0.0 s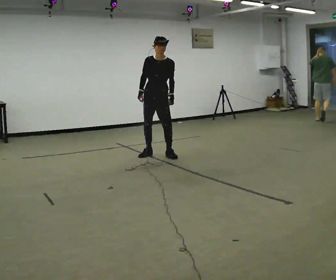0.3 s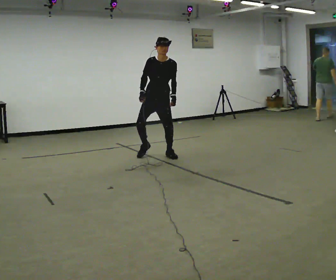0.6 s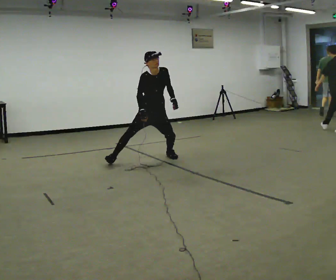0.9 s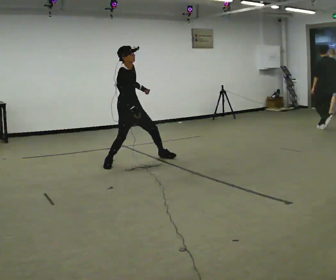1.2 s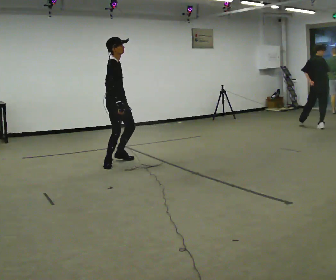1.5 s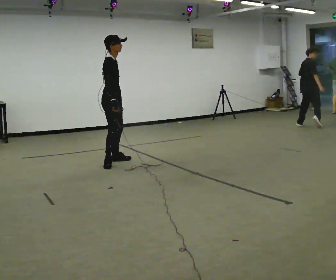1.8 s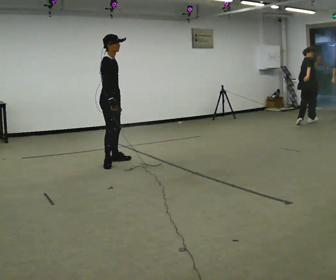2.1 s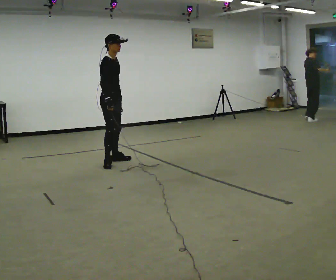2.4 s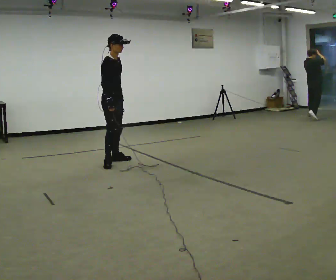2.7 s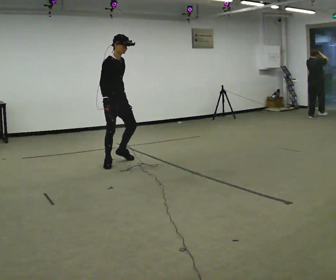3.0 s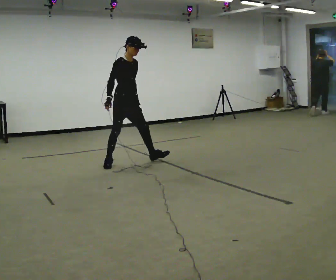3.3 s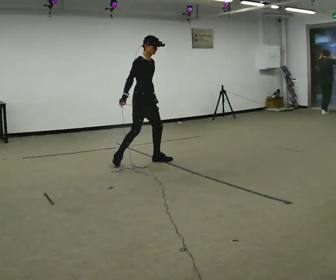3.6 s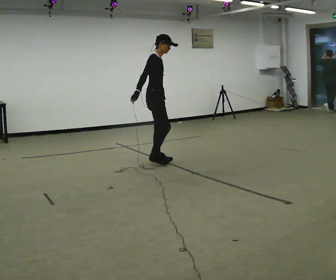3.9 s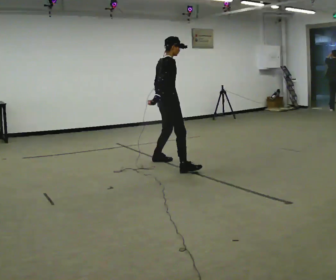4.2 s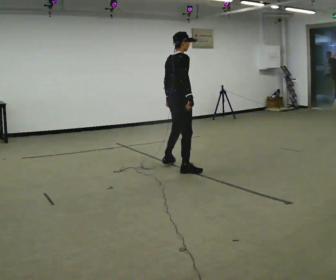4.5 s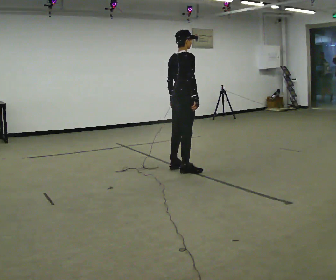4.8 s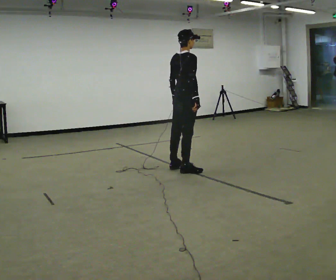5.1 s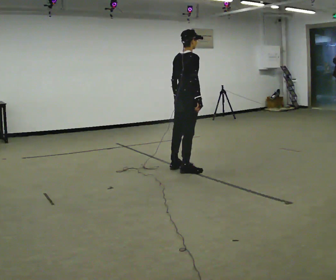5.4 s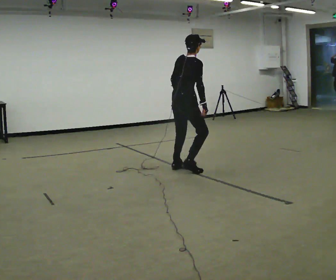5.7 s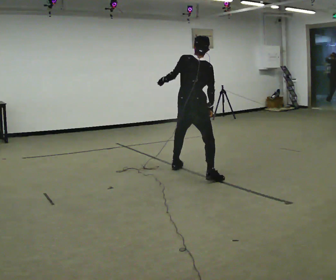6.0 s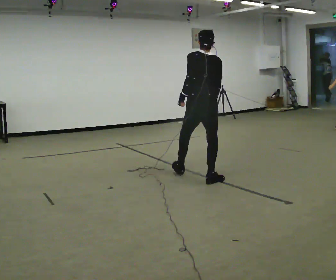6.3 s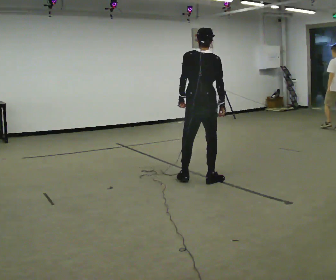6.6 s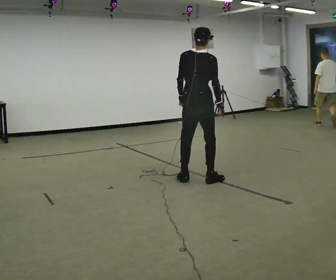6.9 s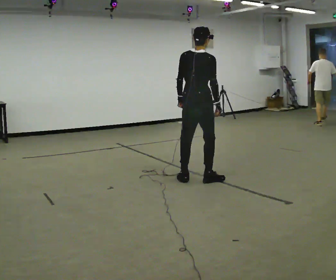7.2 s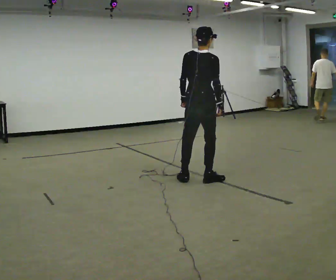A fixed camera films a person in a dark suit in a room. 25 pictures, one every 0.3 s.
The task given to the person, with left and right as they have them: Move around the room freely as if avoiding someone: change speed and direction whenever you like. Keep moving until the operator says stop.
0.0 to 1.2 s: Seen from above the body turns counterclockwise, about 90 degrees: to their left, with its near side sliding to the right. In the picture they go to the left and toward the camera, about 0.75 m in 1 step.
1.2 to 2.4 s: The person moves a little, or ends about where they began.
2.4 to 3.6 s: In the picture they go to the right, about 0.5 m in 1 step, which for them is forward and to their left.
3.6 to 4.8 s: The person turns about 45 degrees to their left, counterclockwise seen from above, so the part of the body nearest the lens slides to the right. In the picture they go toward the camera and to the right, about 0.5 m in 2 steps, which for them is to their right.
4.8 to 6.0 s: Seen from above the body turns counterclockwise, about 45 degrees: to their left, with its near side sliding to the right. In the picture they go toward the camera and to the right, about 0.5 m in 1 step, which for them is to their right and backward.
6.0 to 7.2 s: The part of the body nearest the lens slides to the left as the person turns to their right by about 30 degrees.
The film runs forward here.
